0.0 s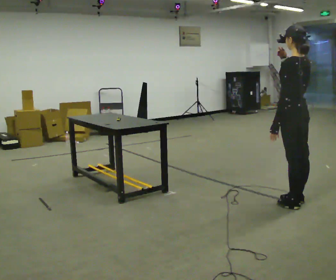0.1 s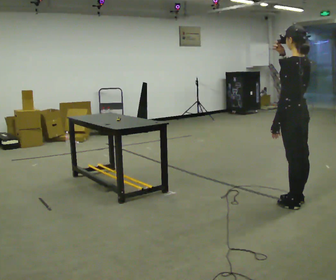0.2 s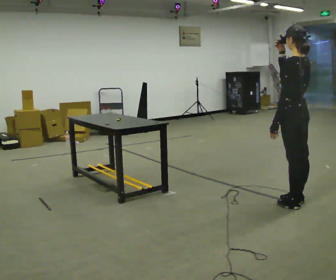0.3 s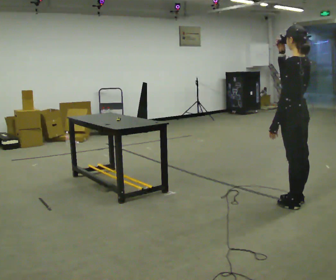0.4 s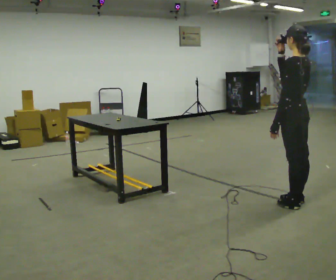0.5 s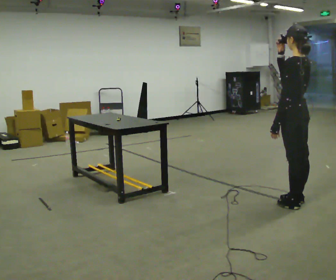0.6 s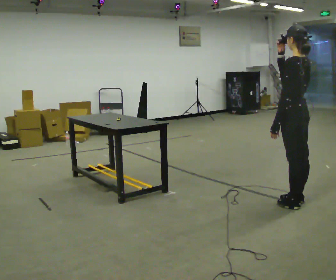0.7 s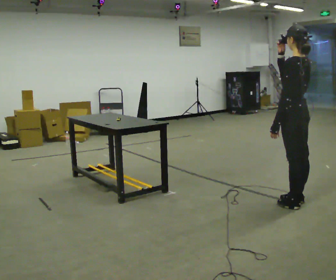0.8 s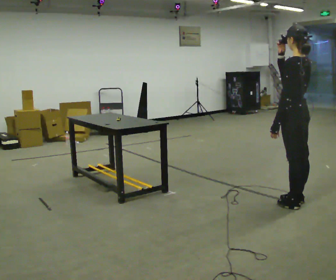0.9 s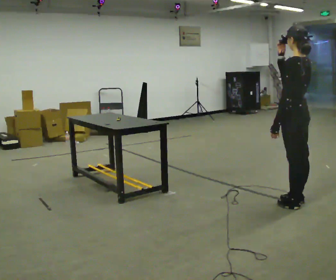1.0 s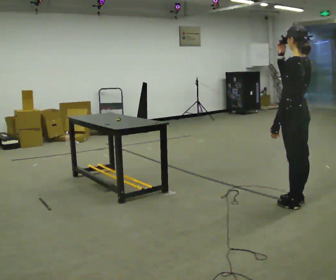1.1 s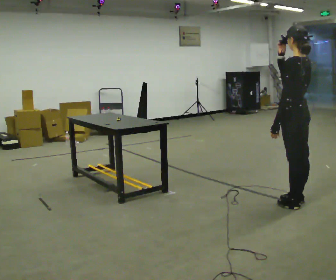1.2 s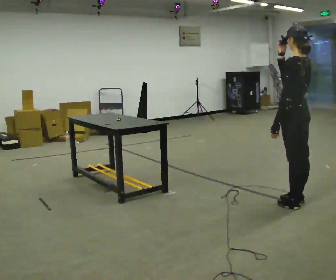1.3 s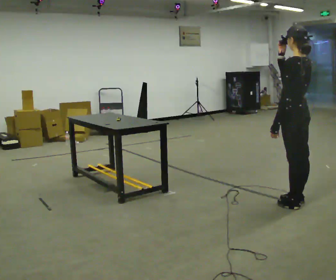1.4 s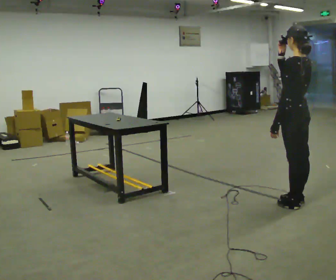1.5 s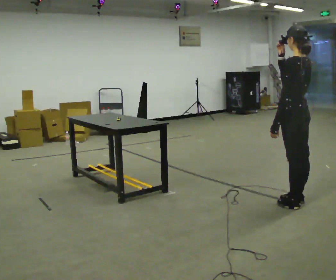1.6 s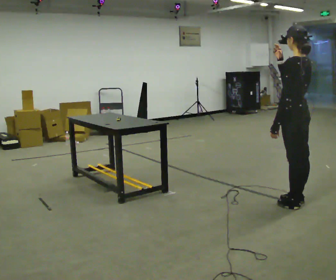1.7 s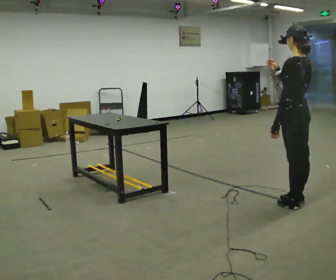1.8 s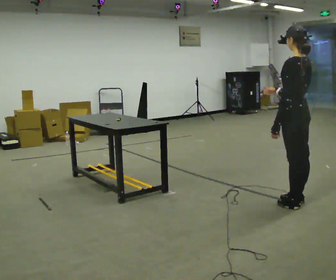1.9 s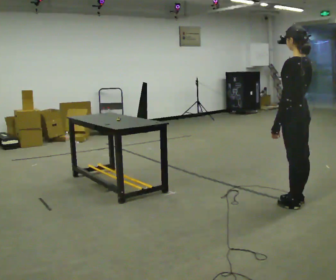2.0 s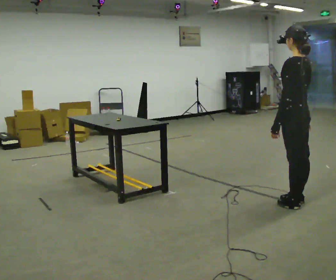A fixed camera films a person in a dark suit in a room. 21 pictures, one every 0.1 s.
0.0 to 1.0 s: The person moves a little, or ends about where they began.
1.0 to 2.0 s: In the picture their right hand goes downward.
The film runs forward here.
